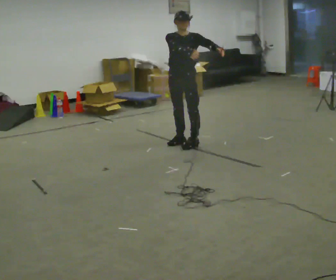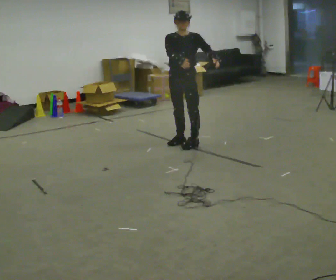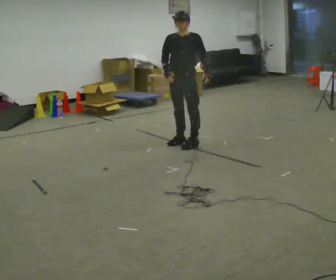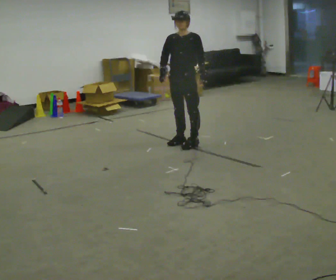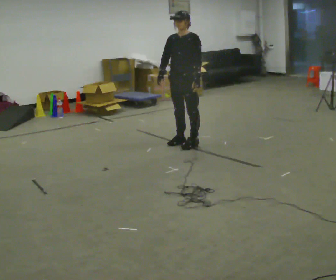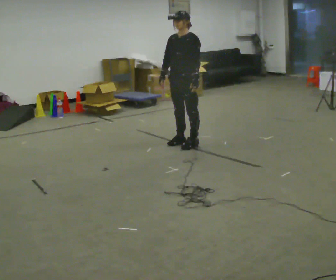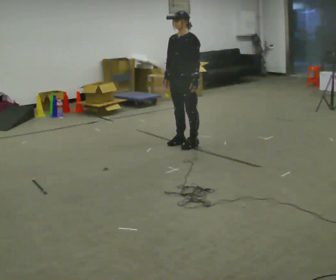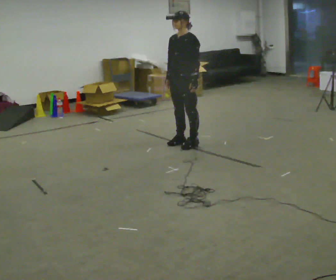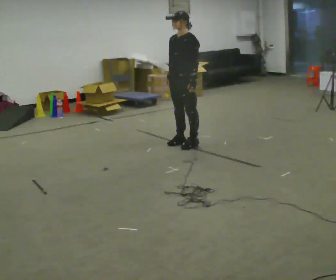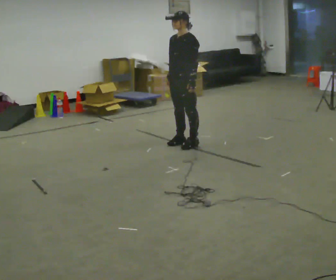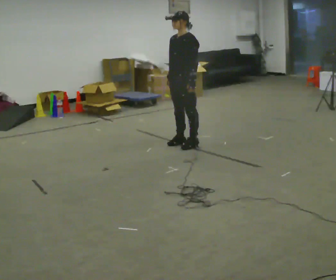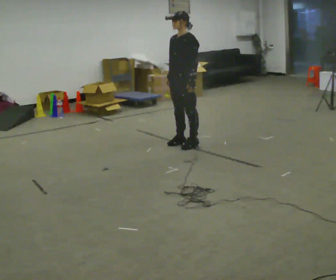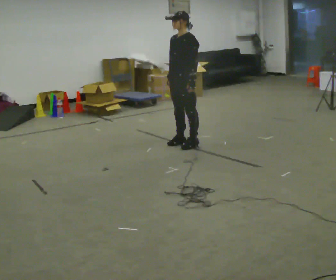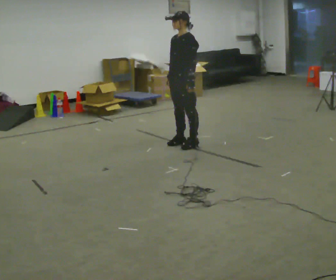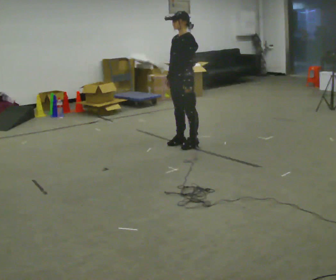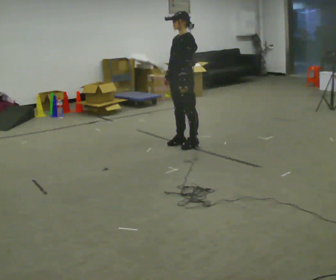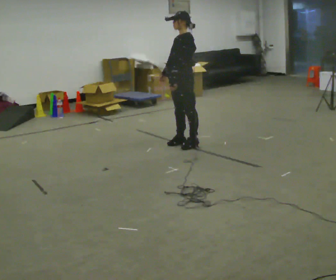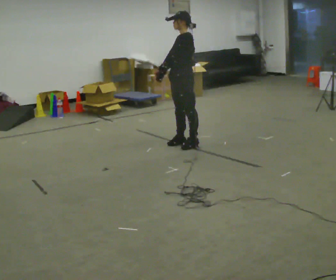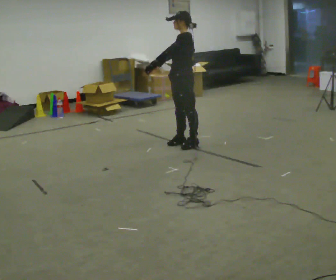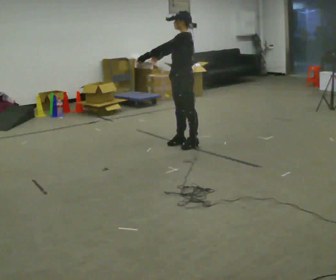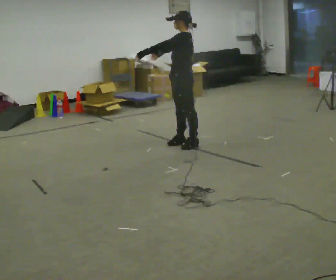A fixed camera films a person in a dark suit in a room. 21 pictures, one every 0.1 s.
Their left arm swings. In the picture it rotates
clockwise.
The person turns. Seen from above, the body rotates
clockwise.
0.0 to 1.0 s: The person turns about 30 degrees to their right, clockwise seen from above, so the part of the body nearest the lens slides to the left. In the picture their right hand goes downward.
1.0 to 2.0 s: Seen from above the body turns clockwise, about 30 degrees: to their right, with its near side sliding to the left. In the picture their left hand goes to the left and upward, the arm swinging clockwise.
The film runs forward here.
